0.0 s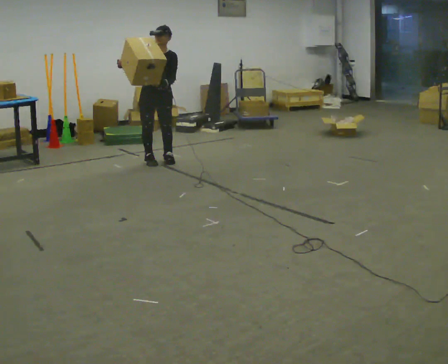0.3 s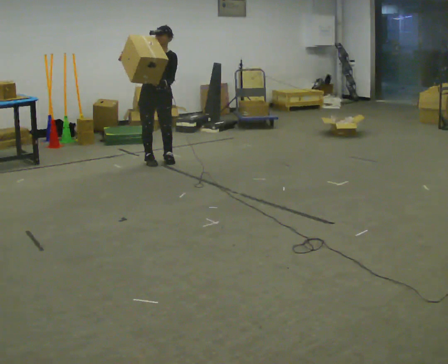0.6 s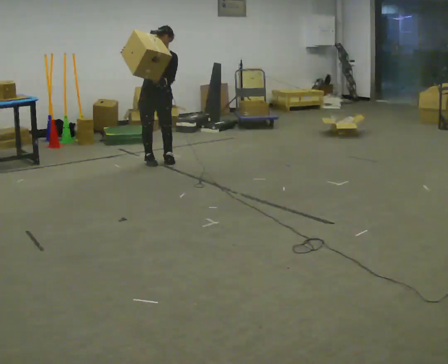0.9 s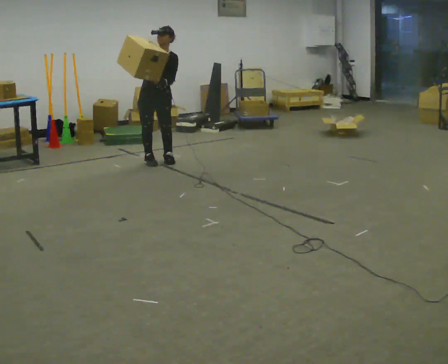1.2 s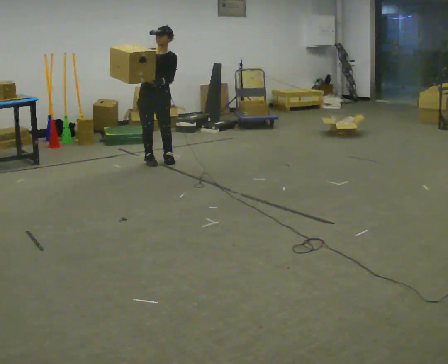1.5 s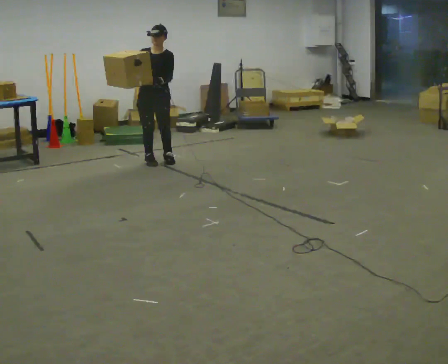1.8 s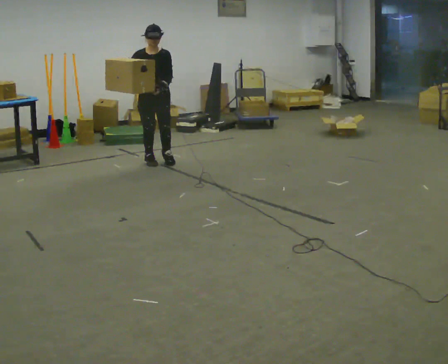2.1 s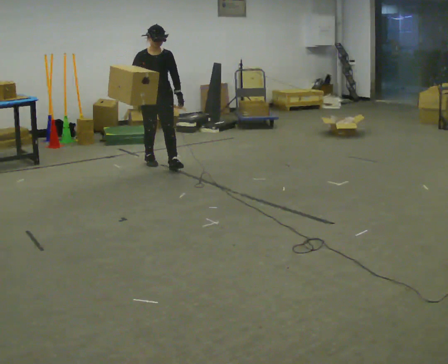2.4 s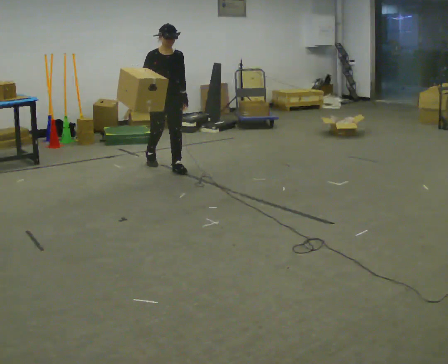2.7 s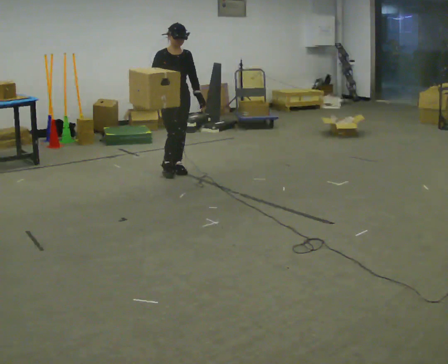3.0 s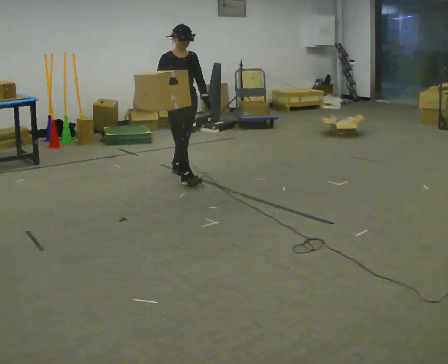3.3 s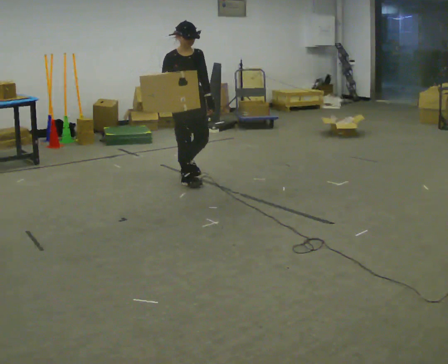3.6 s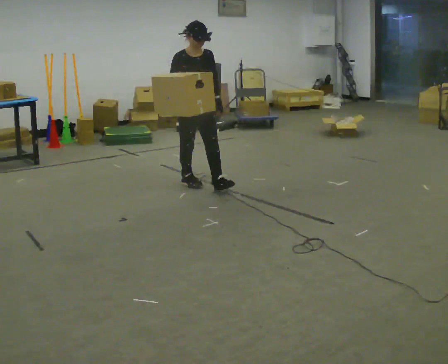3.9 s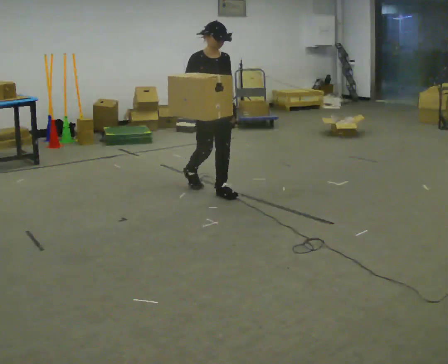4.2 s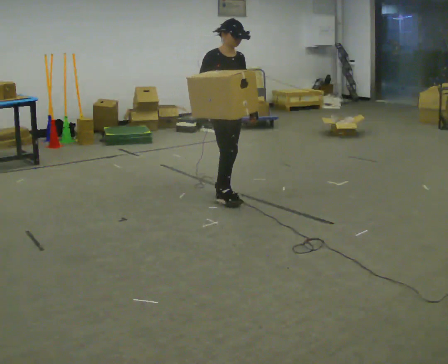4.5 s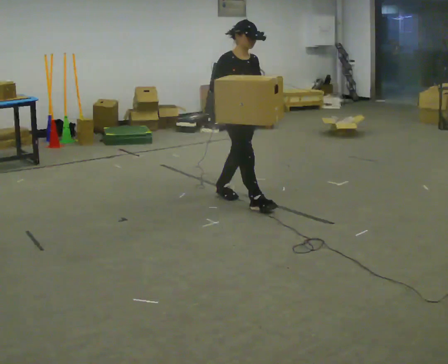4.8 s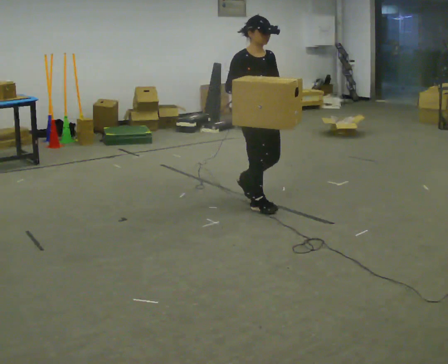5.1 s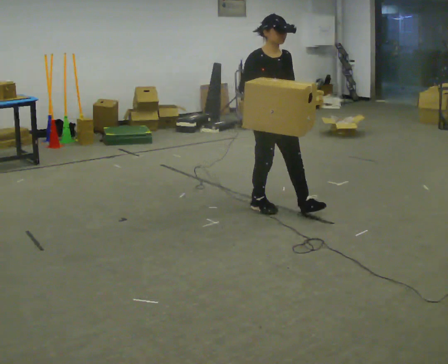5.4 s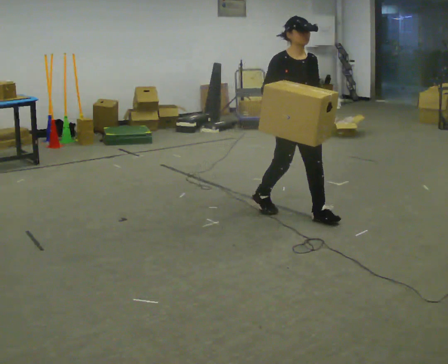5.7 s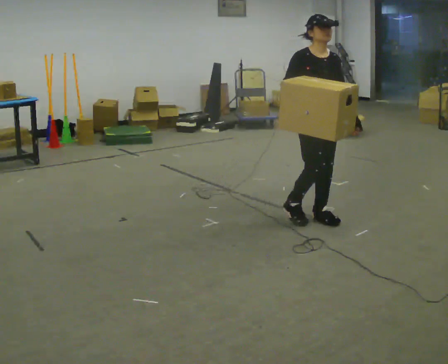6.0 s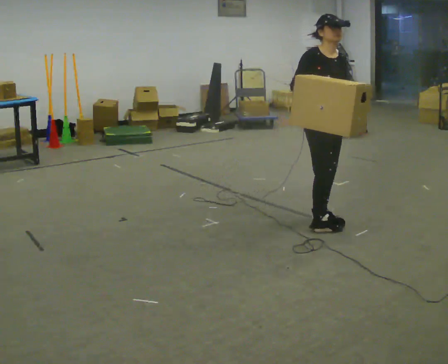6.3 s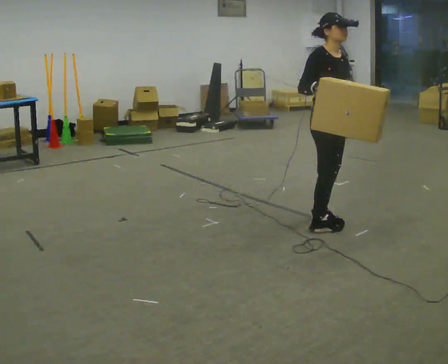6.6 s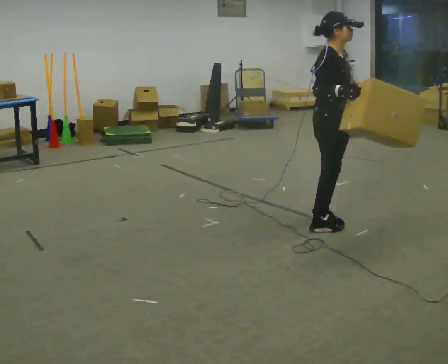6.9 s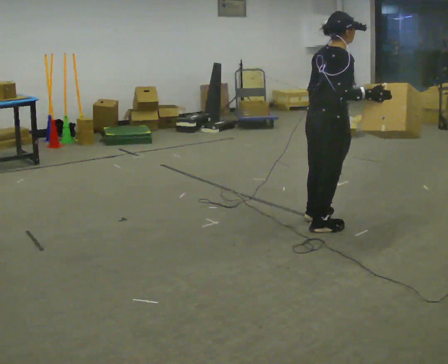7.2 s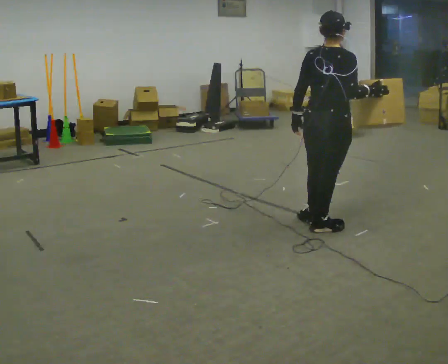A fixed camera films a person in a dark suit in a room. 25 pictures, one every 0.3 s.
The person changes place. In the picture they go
toward the camera.
0.0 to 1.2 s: The person moves a little, or ends about where they began.
1.2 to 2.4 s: Seen from above the body turns counterclockwise, about 30 degrees: to their left, with its near side sliding to the right. In the picture they go toward the camera, about 0.25 m in 1 step, which for them is forward.
2.4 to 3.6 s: In the picture they go toward the camera and to the right, about 0.75 m in 1 step, which for them is forward.
3.6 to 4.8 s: In the picture they go toward the camera and to the right, about 1 m in 2 steps, which for them is forward.
4.8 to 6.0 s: In the picture they go to the right and toward the camera, about 0.5 m in 2 steps, which for them is forward.
6.0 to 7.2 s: The part of the body nearest the lens slides to the right as the person turns to their left by about 105 degrees. In the picture they go toward the camera, about 0.25 m. In the picture their left hand goes to the left, the arm swinging clockwise.
The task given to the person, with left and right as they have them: Carry the box and, while walking, shift it to a different hold: front, then hip, then shoulder, then back to front. Do not stop walking.
The film runs forward here.
